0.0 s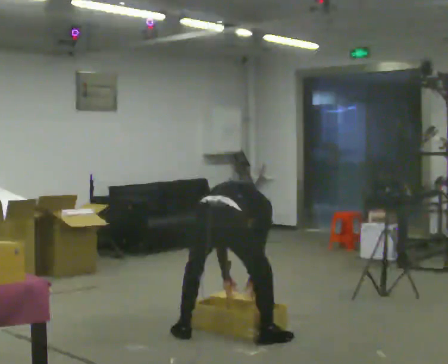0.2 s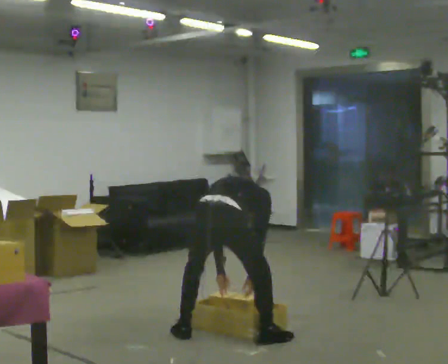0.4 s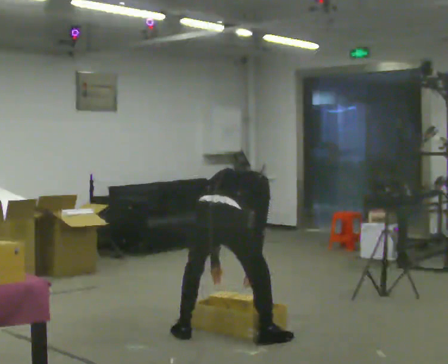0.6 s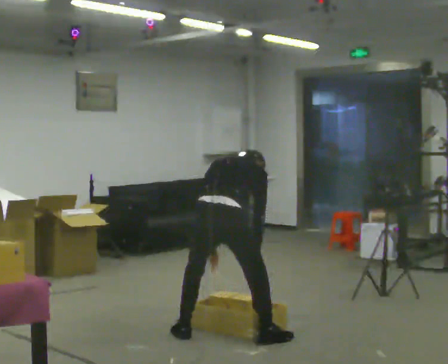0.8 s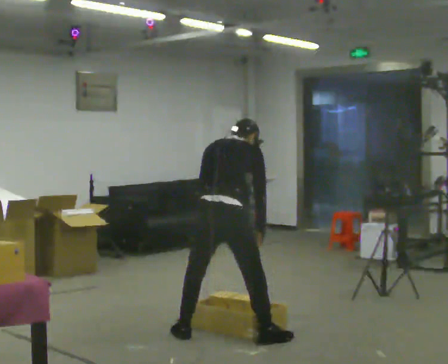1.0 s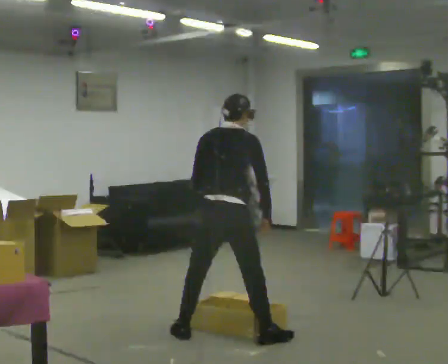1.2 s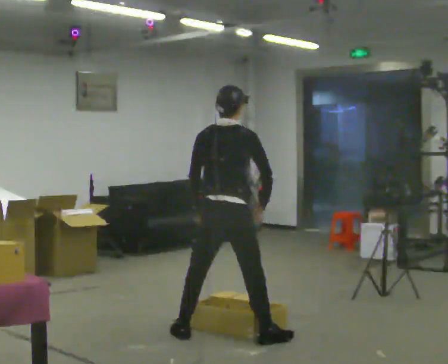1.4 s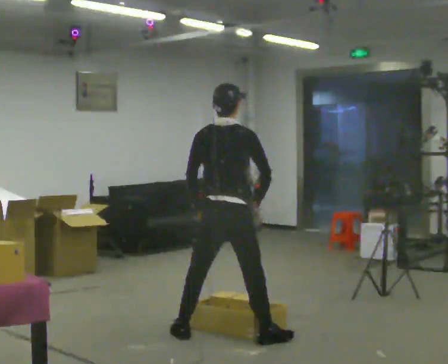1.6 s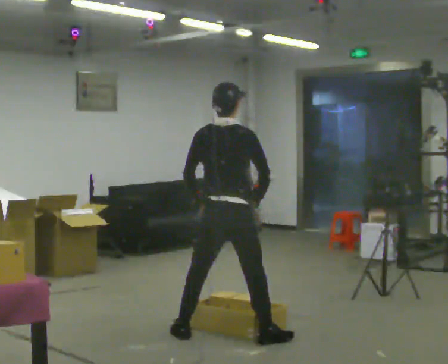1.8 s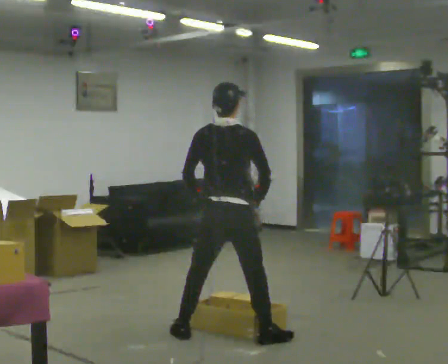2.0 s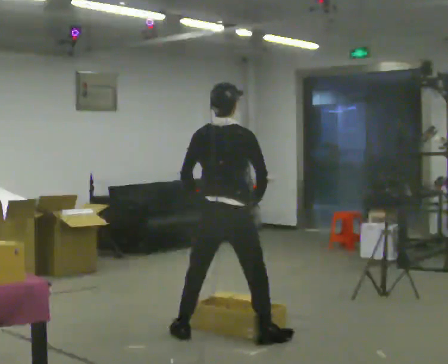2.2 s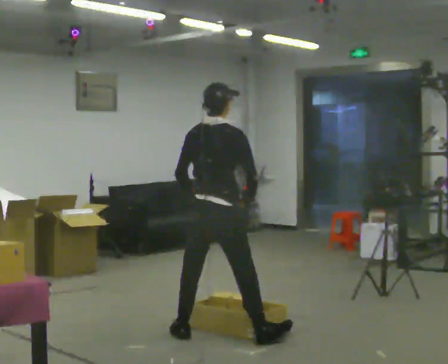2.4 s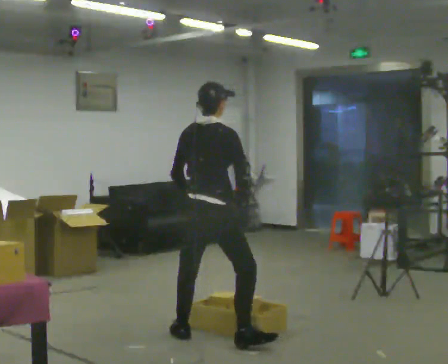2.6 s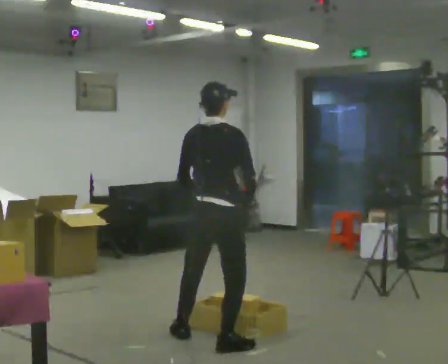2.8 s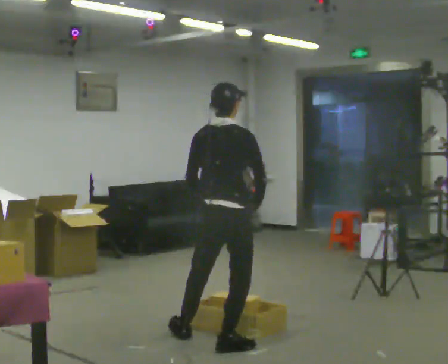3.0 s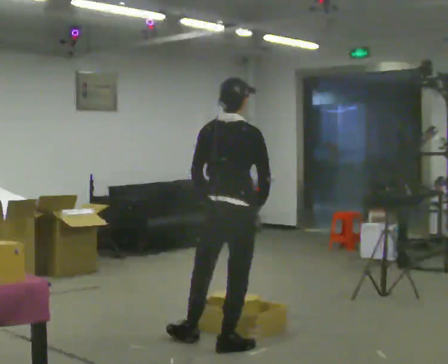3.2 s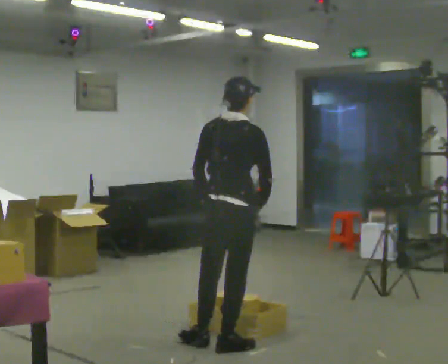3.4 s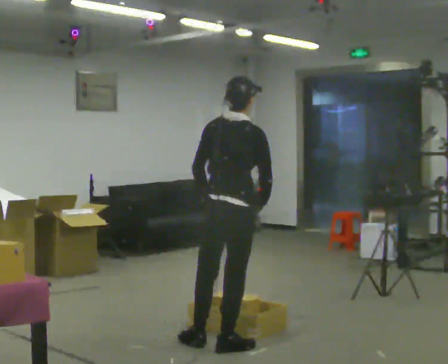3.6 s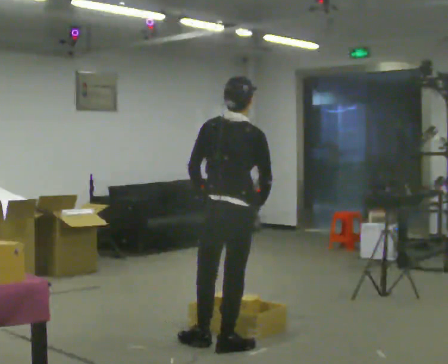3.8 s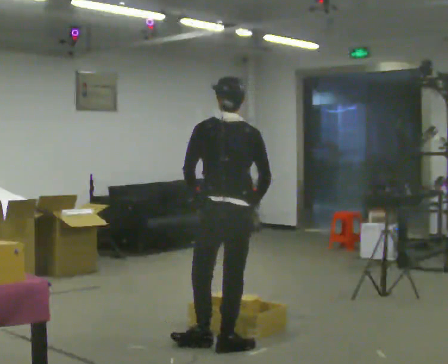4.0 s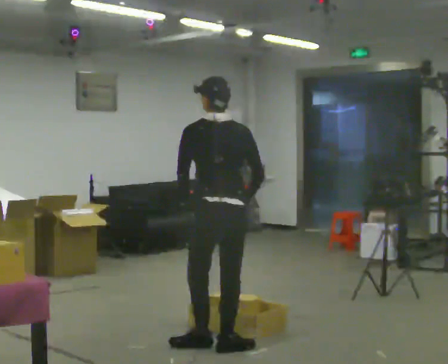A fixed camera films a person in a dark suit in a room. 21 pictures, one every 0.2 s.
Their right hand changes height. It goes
upward.
The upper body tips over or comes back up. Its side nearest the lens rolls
downward.
0.0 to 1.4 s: The upper body goes upward. The upper body tips toward the camera, its near side rolling downward, as they lean back or straighten. In the picture their right hand goes upward.
1.4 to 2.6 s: The person moves a little, or ends about where they began.
2.6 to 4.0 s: The part of the body nearest the lens slides to the right as the person turns to their left by about 30 degrees.
The film runs forward here.
